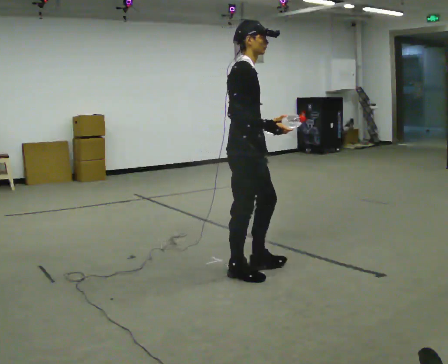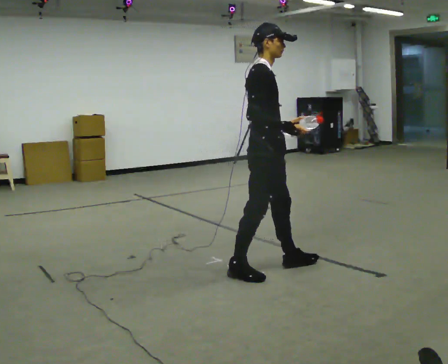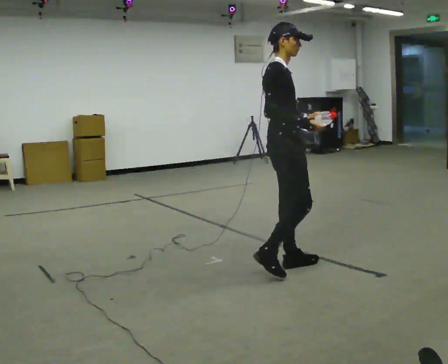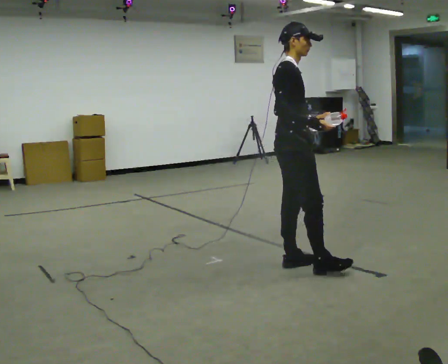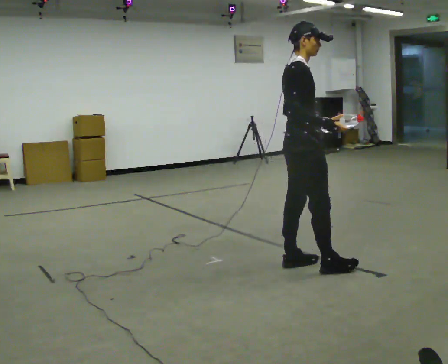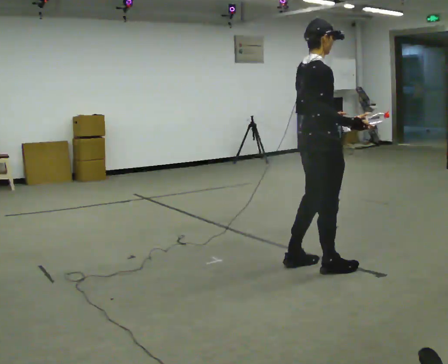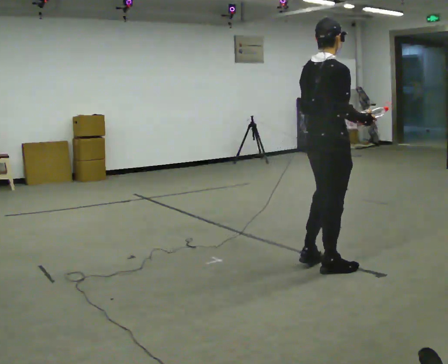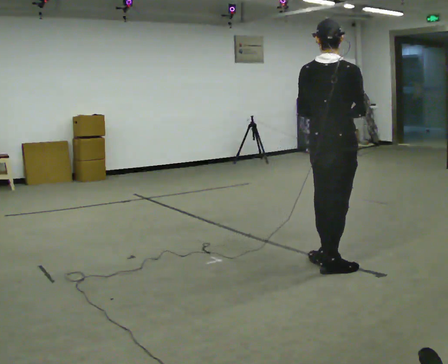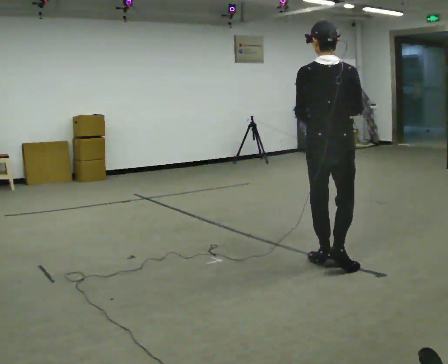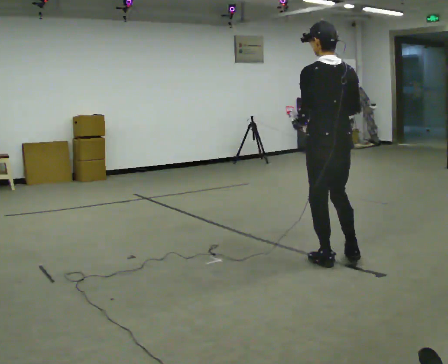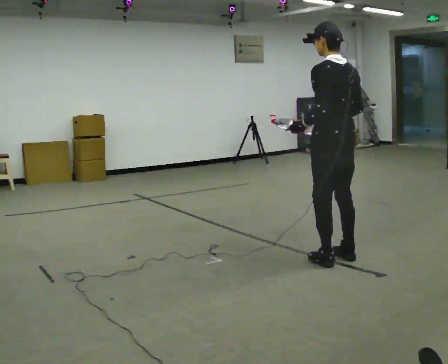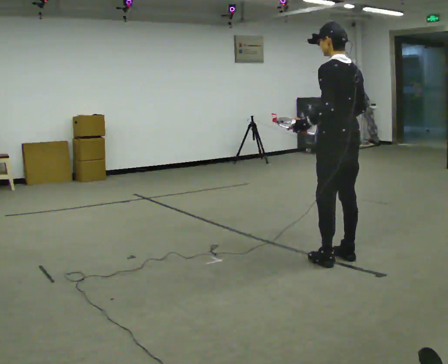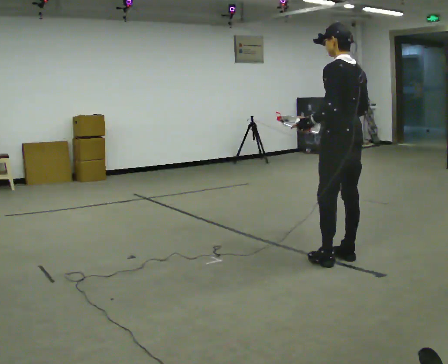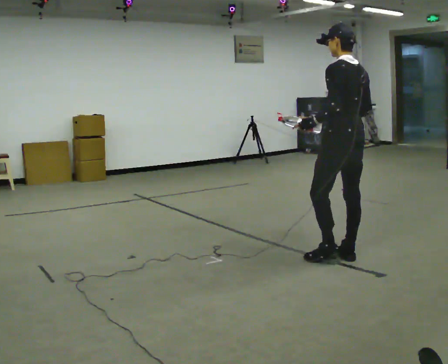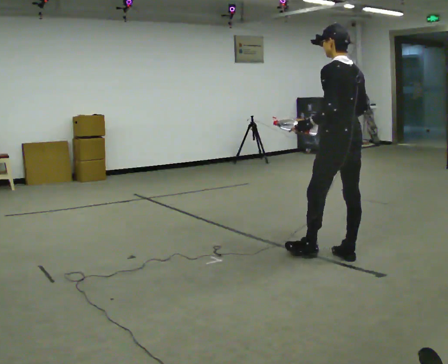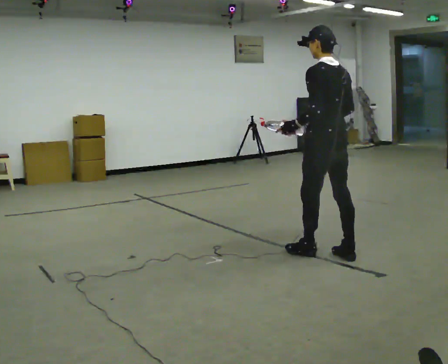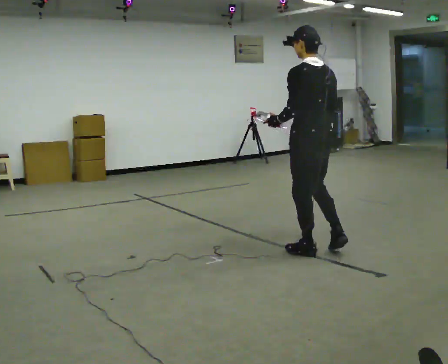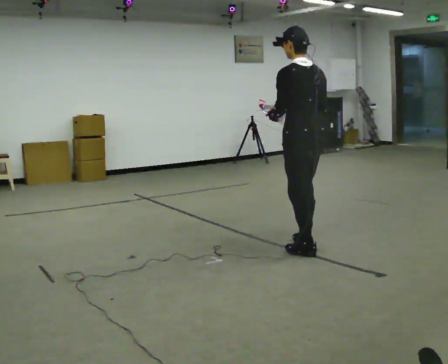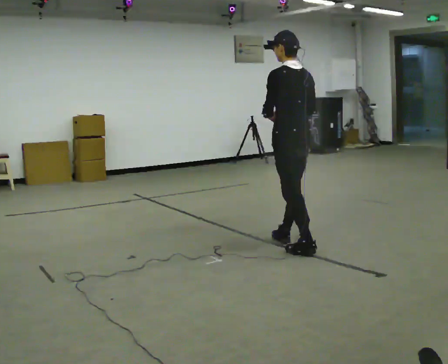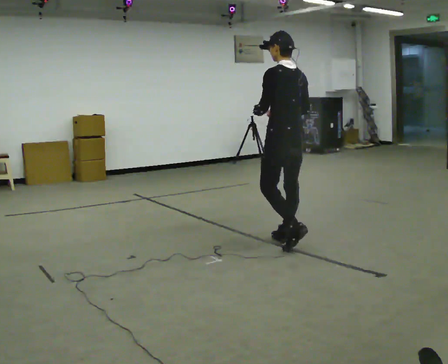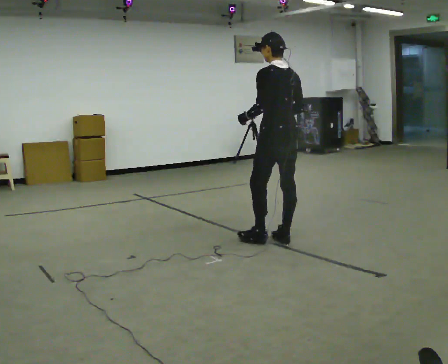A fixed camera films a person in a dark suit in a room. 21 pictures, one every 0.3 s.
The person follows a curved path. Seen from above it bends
counterclockwise.
The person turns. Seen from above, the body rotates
counterclockwise.
0.0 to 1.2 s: In the picture they go to the right and away from the camera, about 0.5 m in 2 steps, which for them is forward.
1.2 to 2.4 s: Seen from above the body turns counterclockwise, about 75 degrees: to their left, with its near side sliding to the right. In the picture they go to the right, about 0.25 m in 1 step.
2.4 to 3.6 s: The person turns about 45 degrees to their left, counterclockwise seen from above, so the part of the body nearest the lens slides to the right. In the picture they go away from the camera, about 0.25 m in 1 step, which for them is to their right.
3.6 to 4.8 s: In the picture they go to the left, about 0.25 m in 1 step, which for them is forward.
4.8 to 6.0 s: In the picture they go away from the camera and to the left, about 0.5 m in 1 step, which for them is forward.
The film runs forward here.
